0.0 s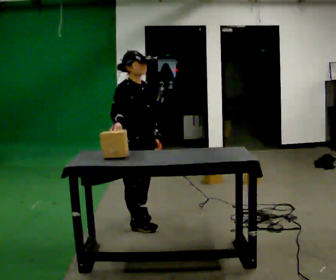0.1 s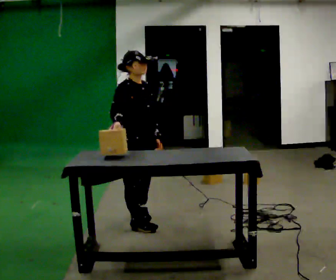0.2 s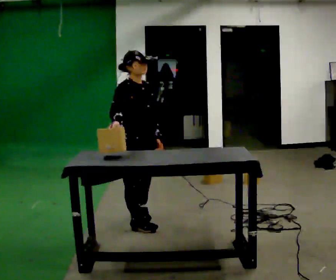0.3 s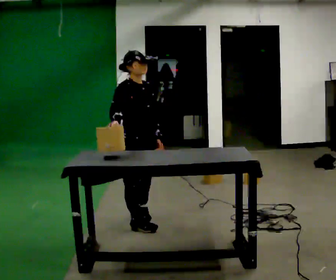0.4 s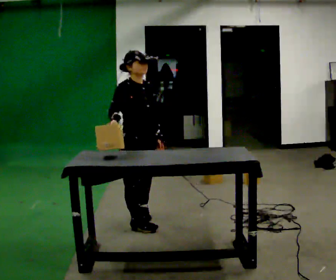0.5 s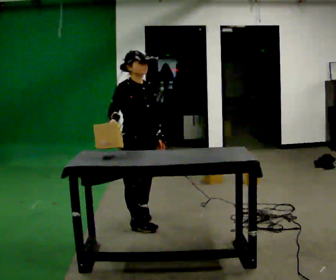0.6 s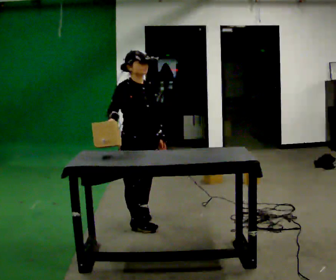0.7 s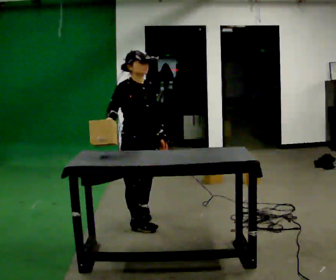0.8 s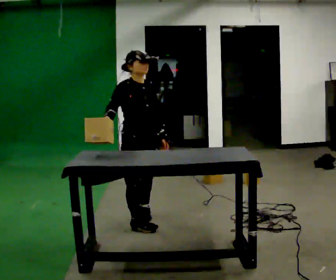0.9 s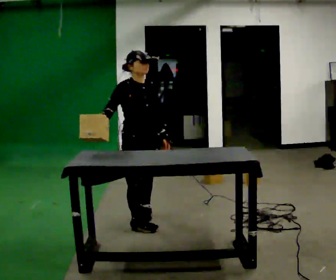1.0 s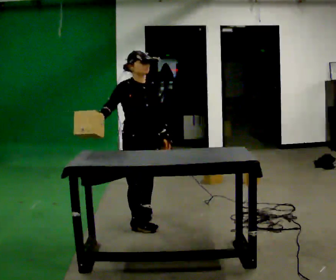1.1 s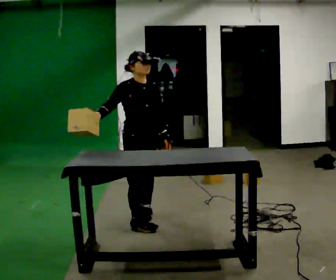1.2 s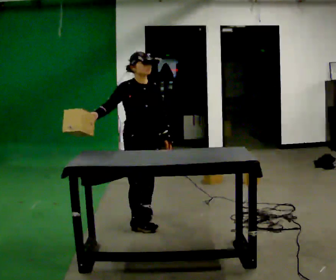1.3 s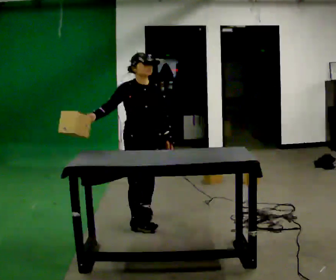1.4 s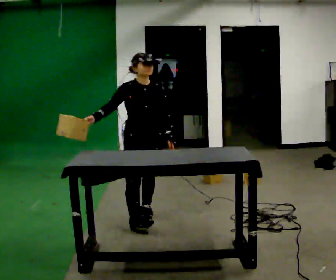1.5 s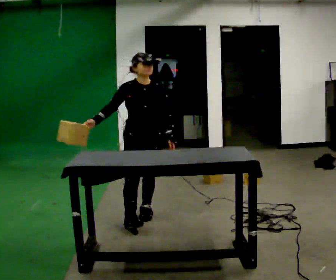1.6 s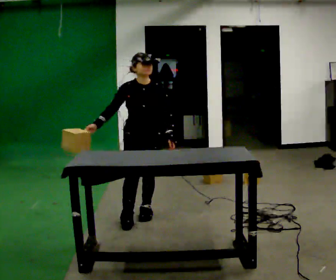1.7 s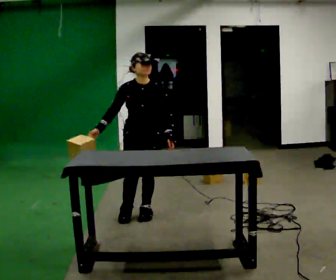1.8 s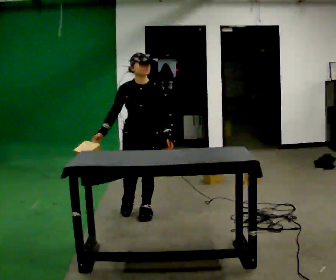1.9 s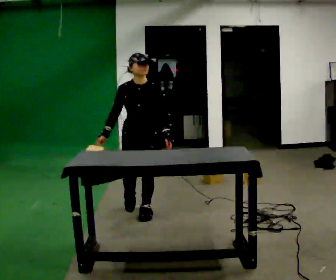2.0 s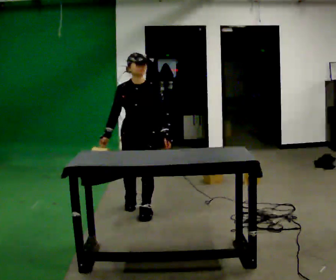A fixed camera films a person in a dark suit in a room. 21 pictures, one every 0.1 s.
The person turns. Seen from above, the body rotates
clockwise.
The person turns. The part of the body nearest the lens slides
to the left.
0.0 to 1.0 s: The person moves a little, or ends about where they began.
1.0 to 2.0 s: The part of the body nearest the lens slides to the left as the person turns to their right by about 45 degrees. In the picture they go away from the camera, about 0.25 m in 1 step, which for them is backward.
The film runs backward here.
